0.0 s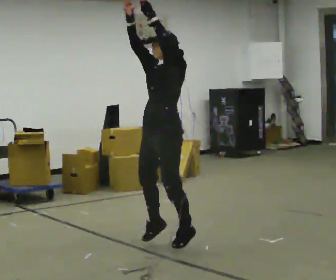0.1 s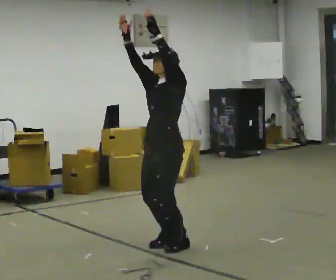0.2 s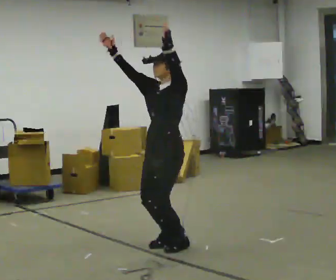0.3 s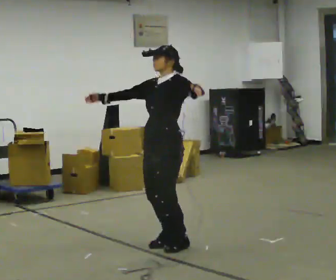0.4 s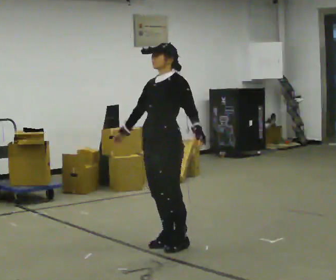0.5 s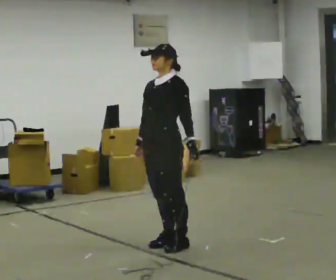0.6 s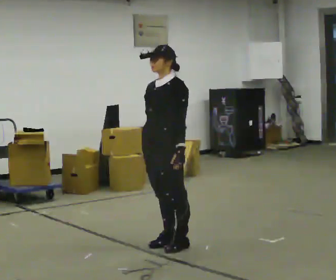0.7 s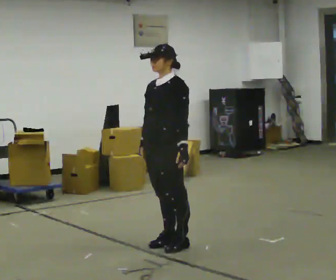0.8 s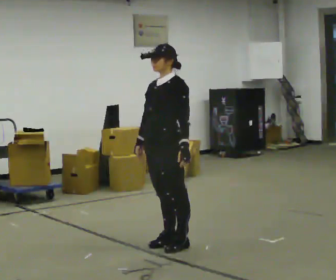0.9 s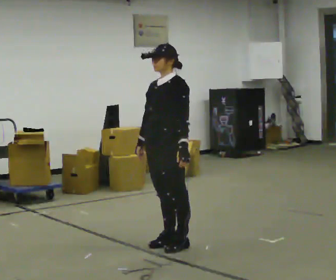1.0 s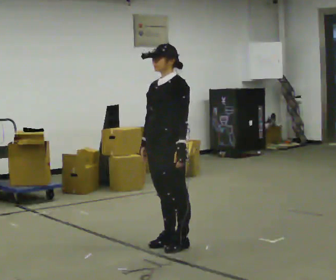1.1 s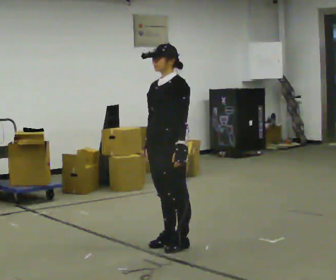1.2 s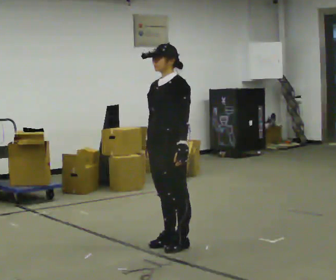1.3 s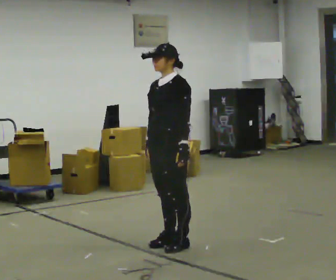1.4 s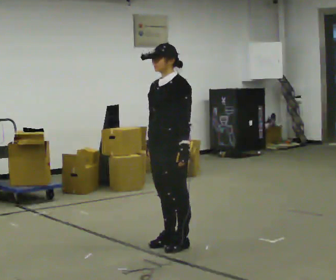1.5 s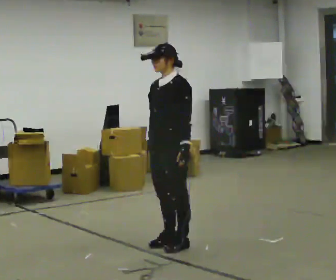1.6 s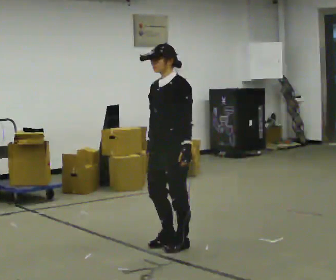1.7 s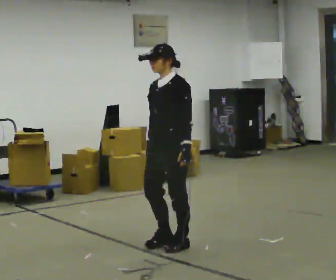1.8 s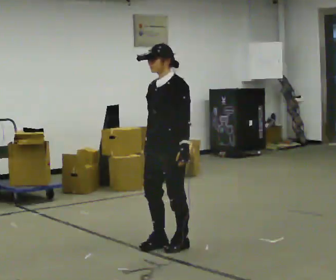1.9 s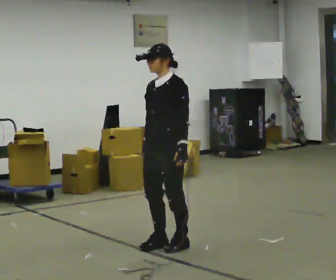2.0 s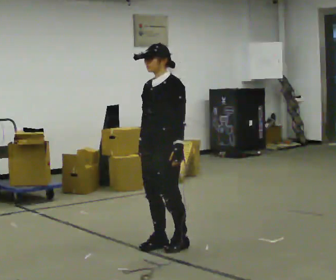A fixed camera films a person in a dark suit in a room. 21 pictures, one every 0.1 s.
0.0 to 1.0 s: In the picture their right hand goes downward, the arm swinging counterclockwise.
1.0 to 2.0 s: The person moves a little, or ends about where they began.
The film runs forward here.
